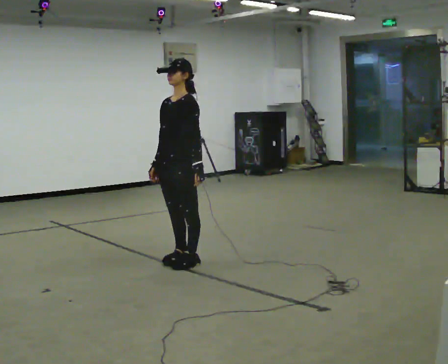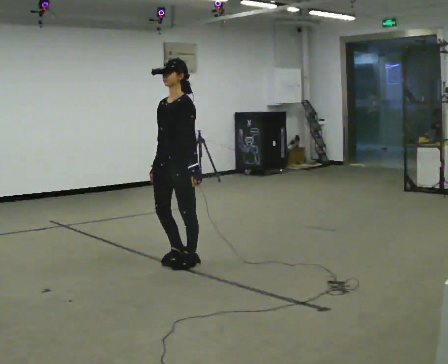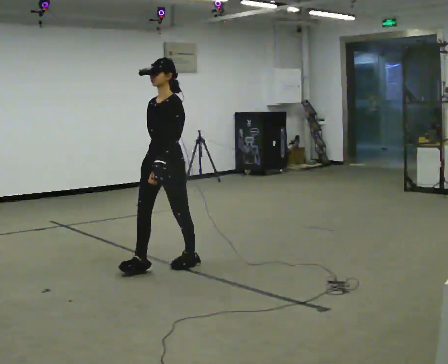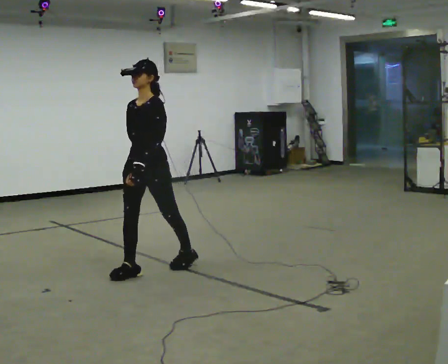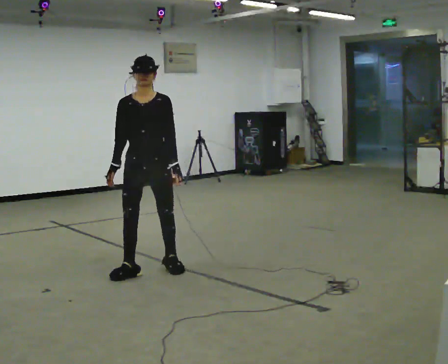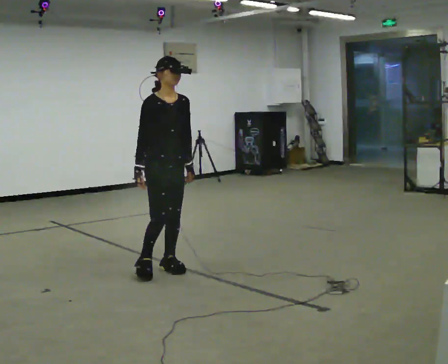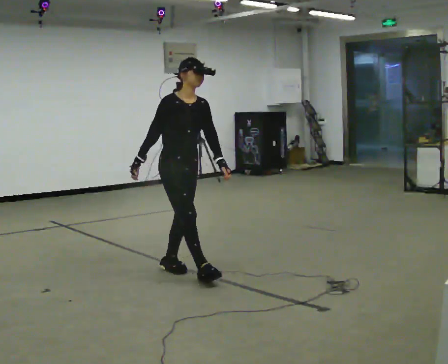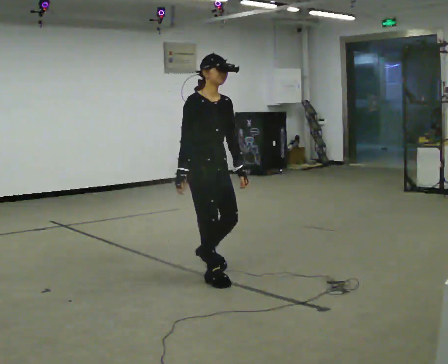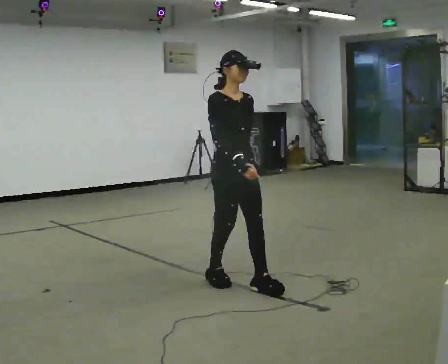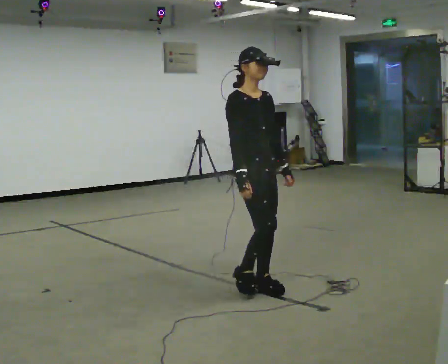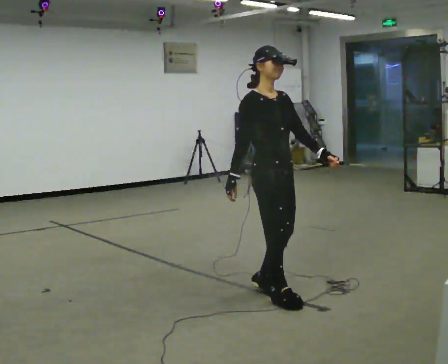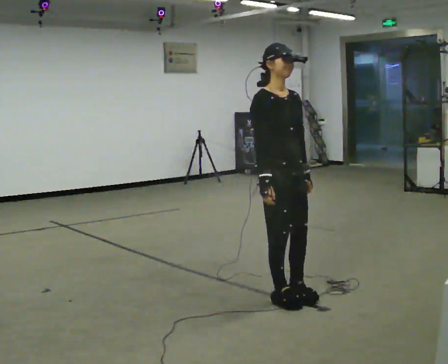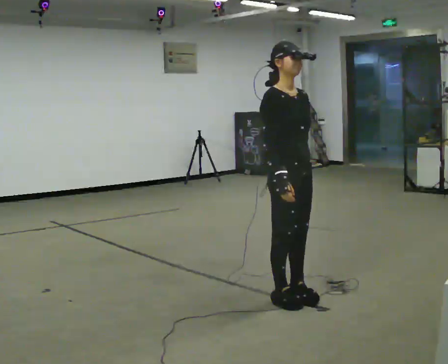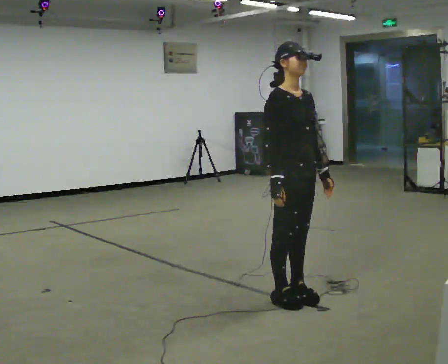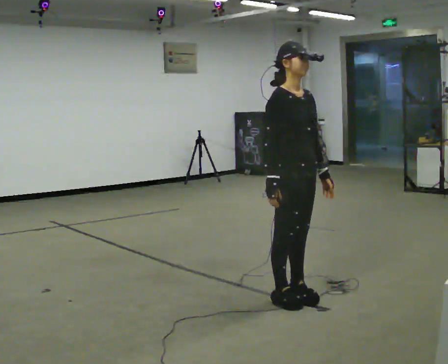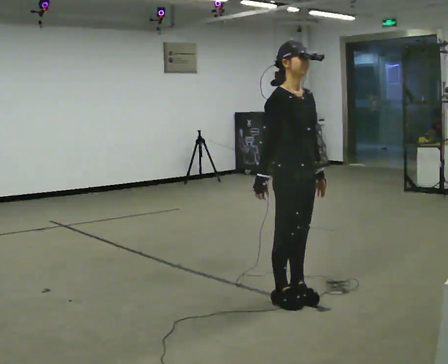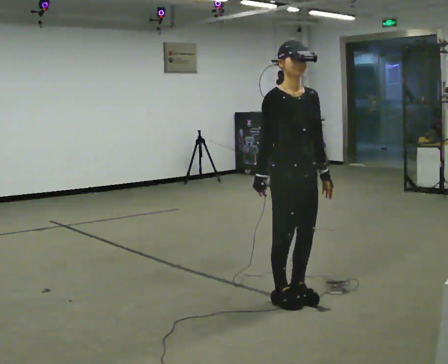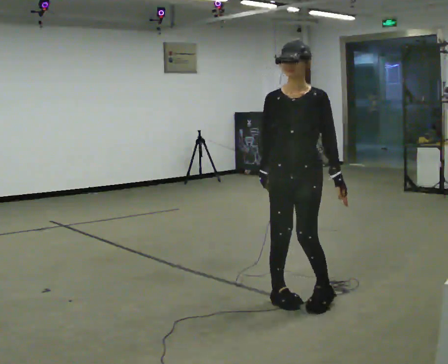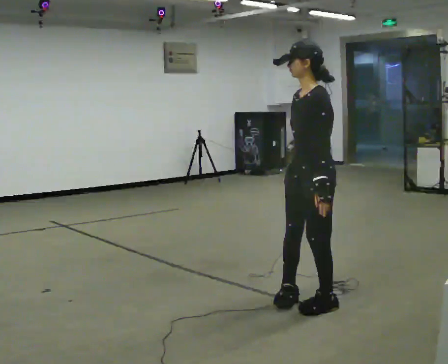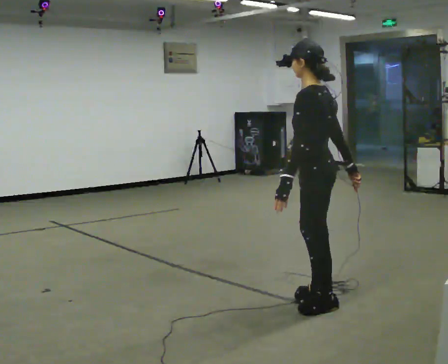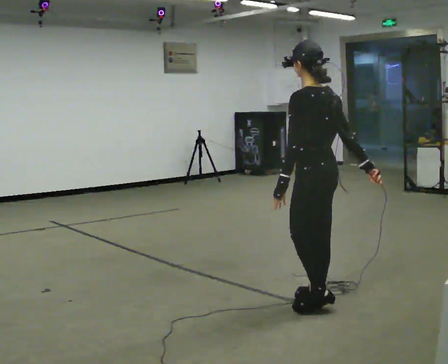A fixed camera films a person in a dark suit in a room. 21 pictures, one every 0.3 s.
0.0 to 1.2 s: The person turns about 45 degrees to their left, counterclockwise seen from above, so the part of the body nearest the lens slides to the right. In the picture they go toward the camera and to the left, about 0.25 m in 1 step, which for them is forward.
1.2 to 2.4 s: The part of the body nearest the lens slides to the right as the person turns to their left by about 30 degrees. In the picture they go to the right and toward the camera, about 0.5 m in 3 steps, which for them is forward.
2.4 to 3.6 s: In the picture they go toward the camera and to the right, about 0.5 m in 2 steps, which for them is forward.
3.6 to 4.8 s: The person moves a little, or ends about where they began.
4.8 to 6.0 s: The person turns about 165 degrees to their right, clockwise seen from above, so the part of the body nearest the lens slides to the left. In the picture they go to the right, about 0.25 m in 2 steps. In the picture their right hand goes to the right, the arm swinging counterclockwise.
The film runs forward here.
